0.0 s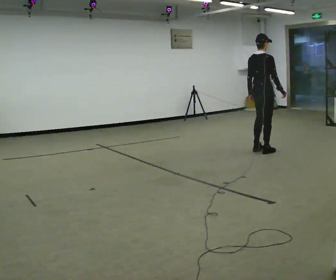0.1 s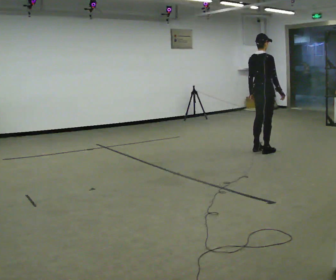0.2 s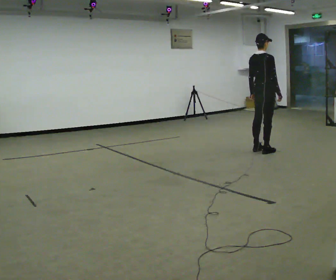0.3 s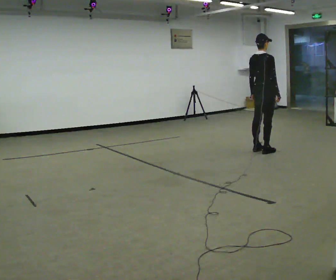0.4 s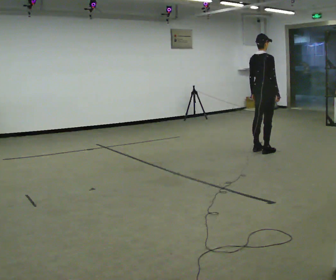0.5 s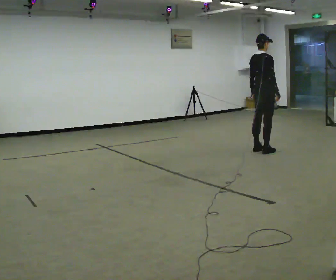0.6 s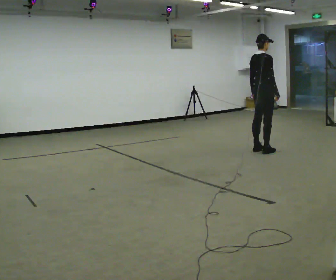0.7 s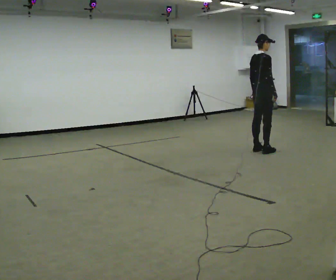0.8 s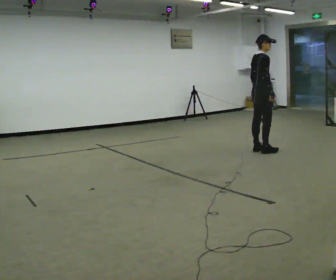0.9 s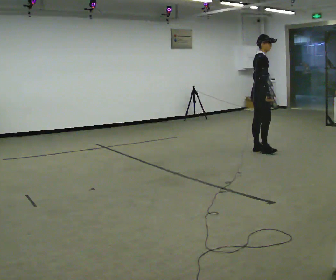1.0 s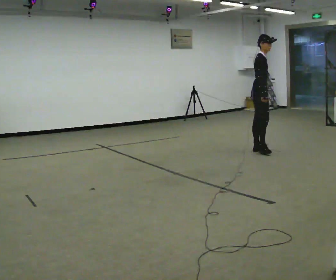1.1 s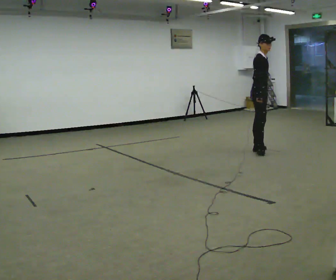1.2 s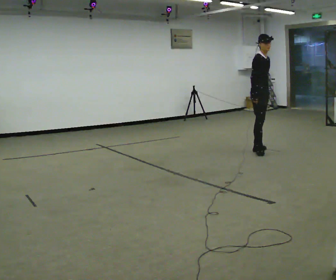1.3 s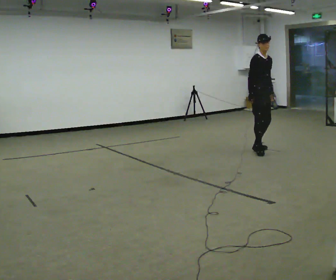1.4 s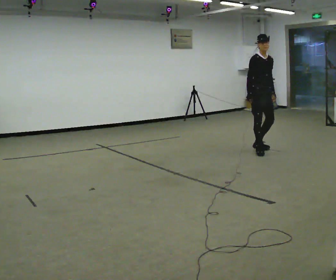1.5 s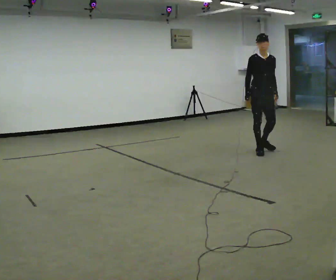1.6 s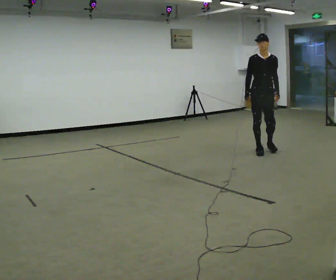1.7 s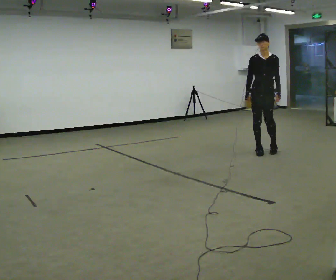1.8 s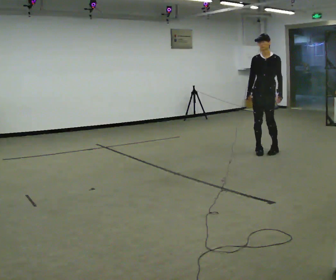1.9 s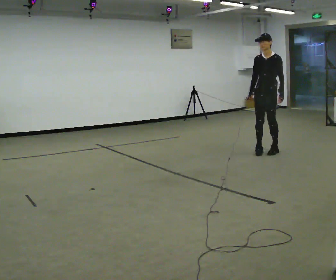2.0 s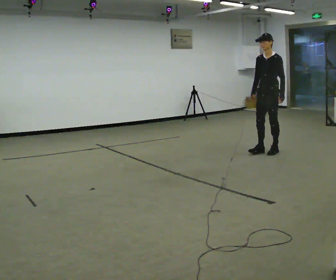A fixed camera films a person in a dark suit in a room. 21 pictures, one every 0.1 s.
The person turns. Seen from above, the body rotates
clockwise.
The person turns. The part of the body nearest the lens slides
to the left.
0.0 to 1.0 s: The person turns about 60 degrees to their right, clockwise seen from above, so the part of the body nearest the lens slides to the left.
1.0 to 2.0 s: The person turns about 120 degrees to their right, clockwise seen from above, so the part of the body nearest the lens slides to the left.
The film runs forward here.
